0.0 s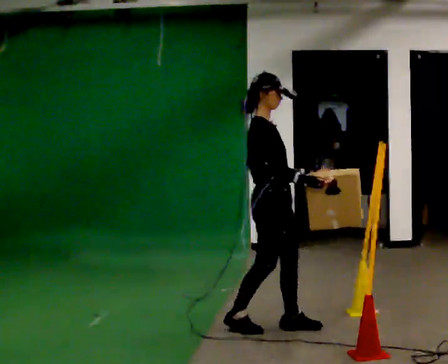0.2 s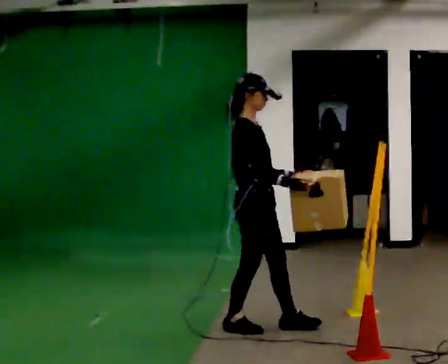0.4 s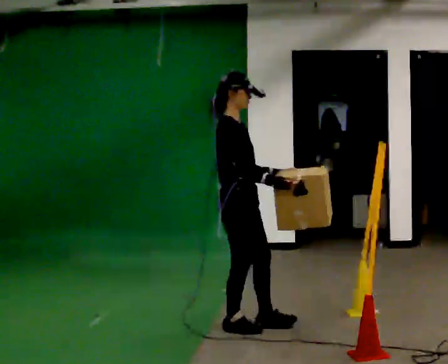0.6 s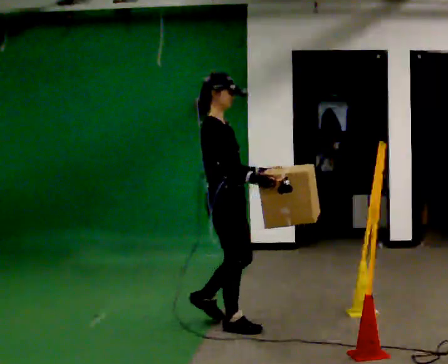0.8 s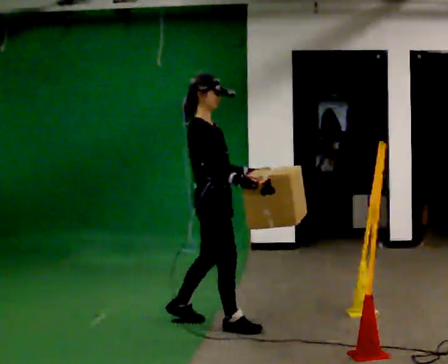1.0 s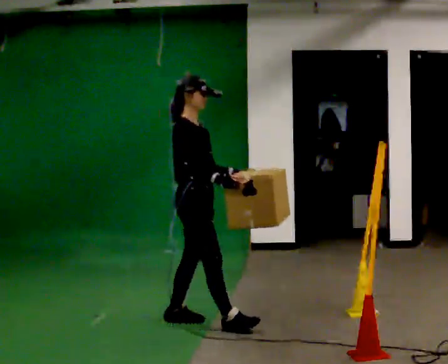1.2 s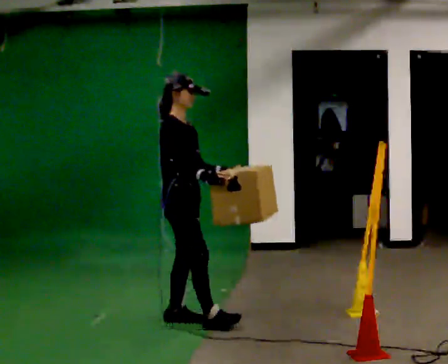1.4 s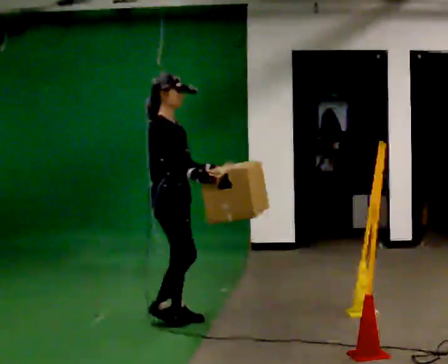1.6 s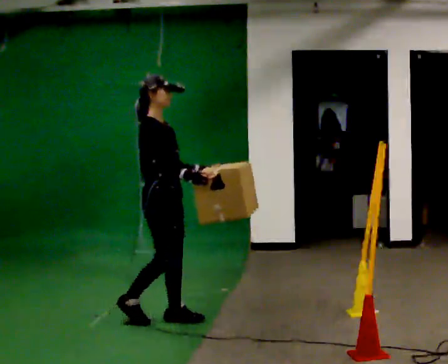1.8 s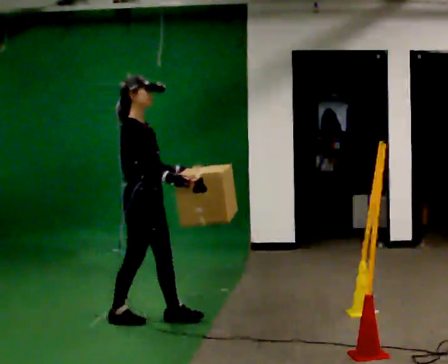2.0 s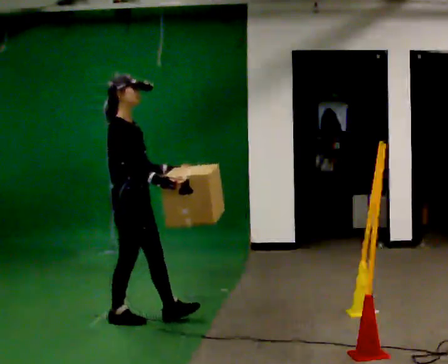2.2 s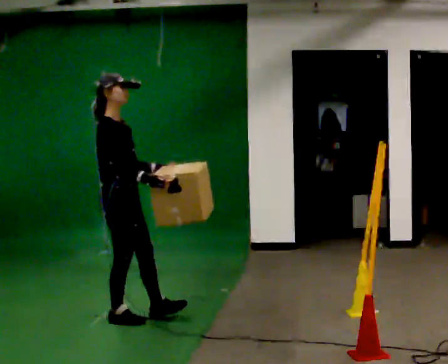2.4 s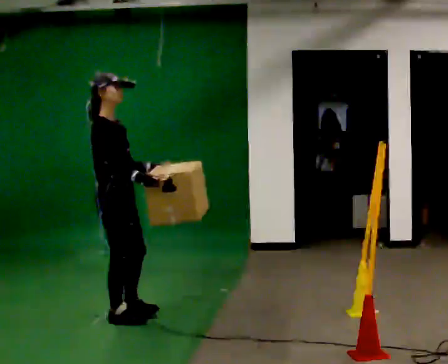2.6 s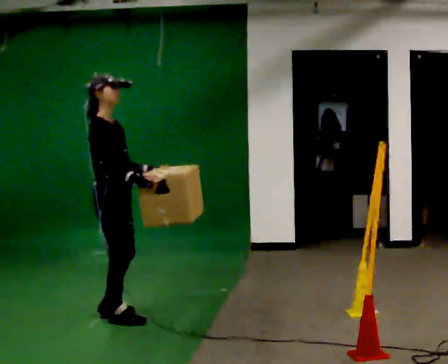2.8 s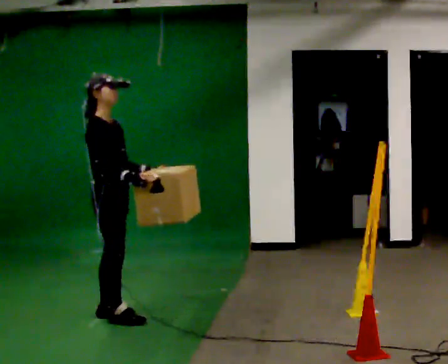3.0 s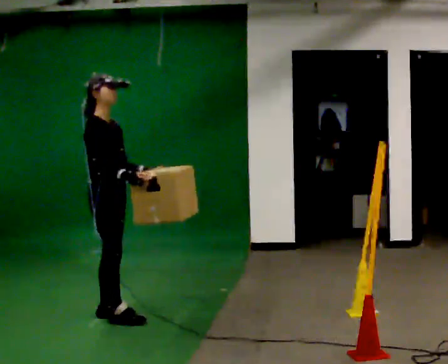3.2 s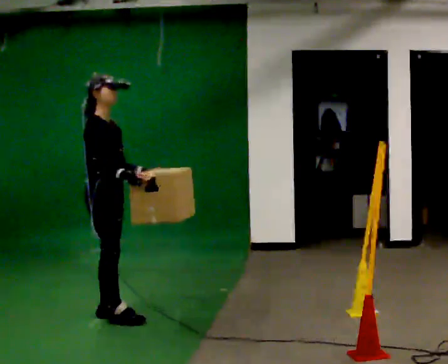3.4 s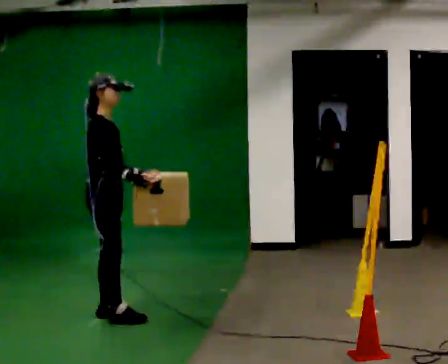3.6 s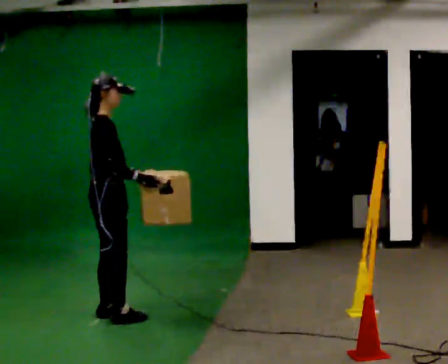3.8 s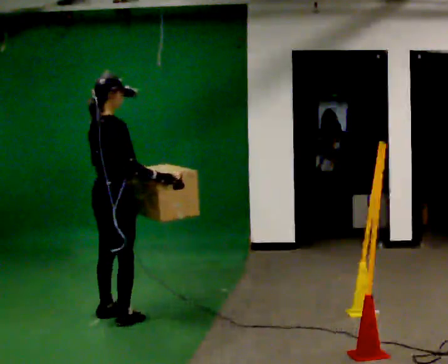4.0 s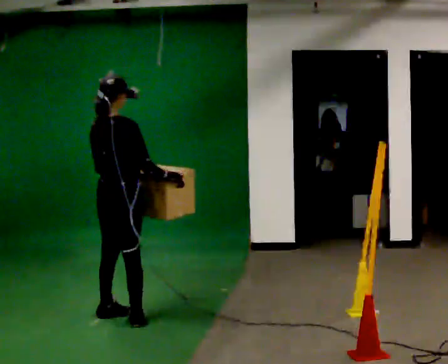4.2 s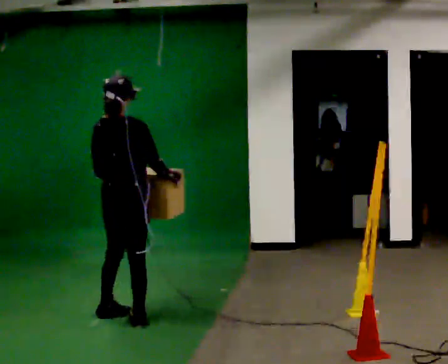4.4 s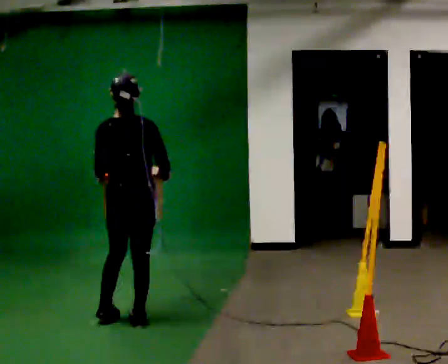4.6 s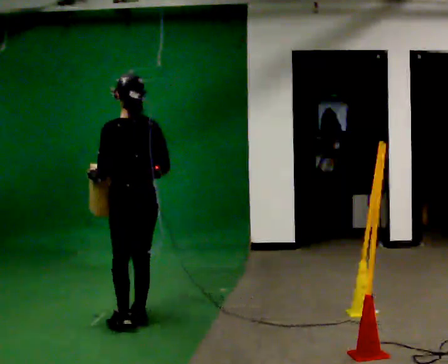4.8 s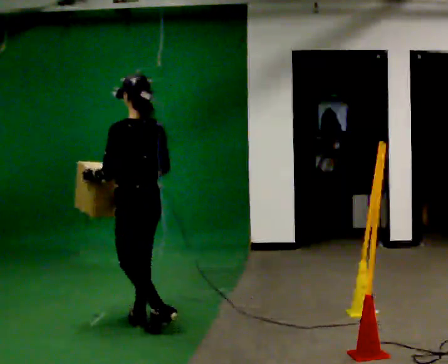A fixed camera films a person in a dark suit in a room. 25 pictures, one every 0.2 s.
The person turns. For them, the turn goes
to their left.
The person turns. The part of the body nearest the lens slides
to the right.
0.0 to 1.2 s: In the picture they go to the left and away from the camera, about 0.5 m in 2 steps, which for them is backward.
1.2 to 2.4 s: In the picture they go to the left, about 0.5 m in 1 step, which for them is backward.
2.4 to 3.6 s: The person moves a little, or ends about where they began.
3.6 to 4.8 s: The part of the body nearest the lens slides to the right as the person turns to their left by about 120 degrees. In the picture they go toward the camera and to the right, about 0.25 m in 2 steps.
The film runs backward here.
